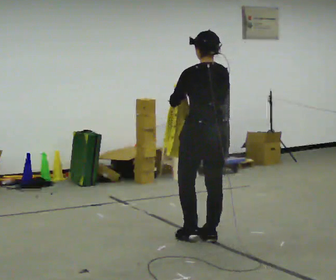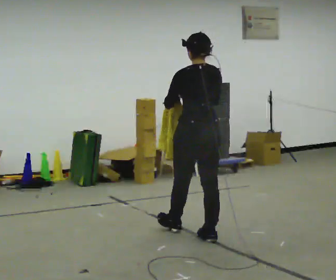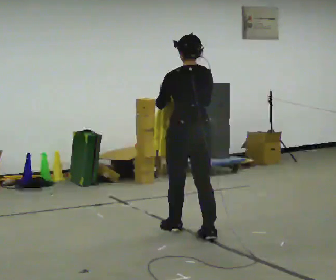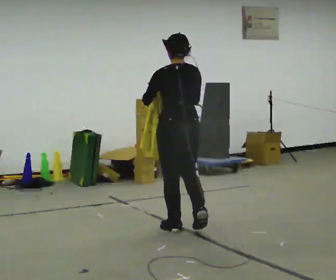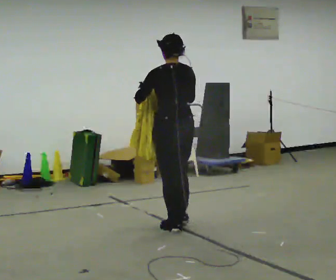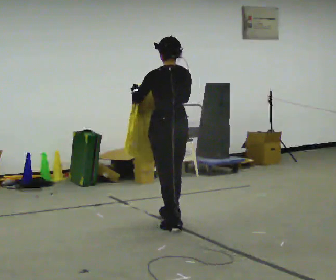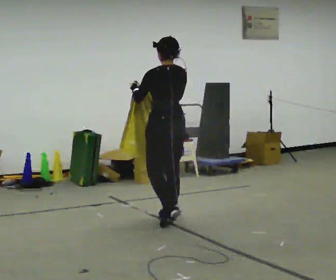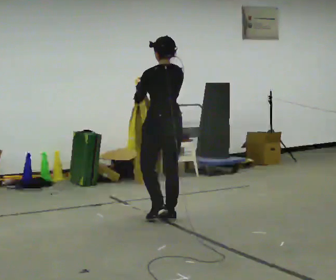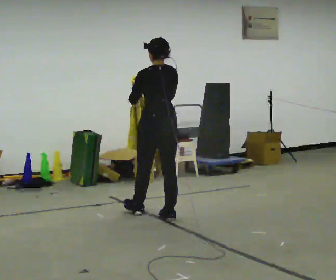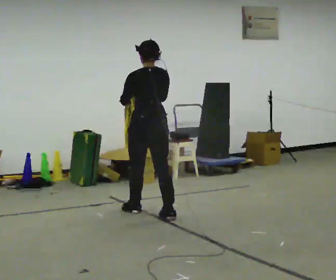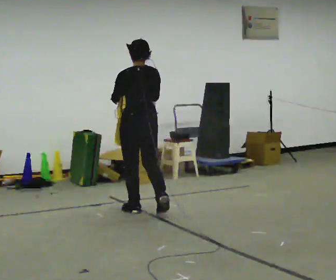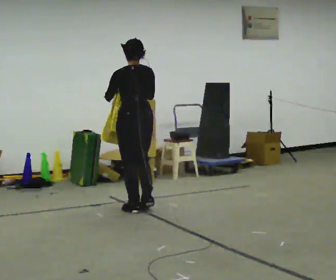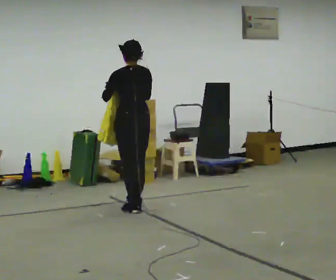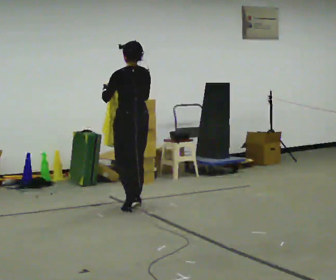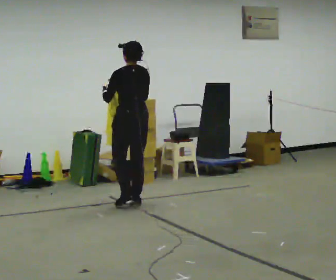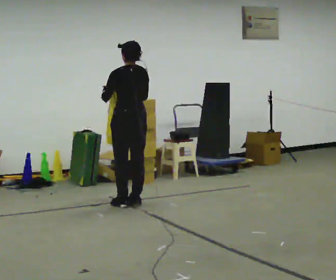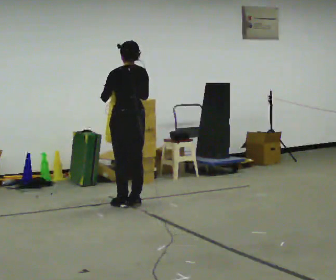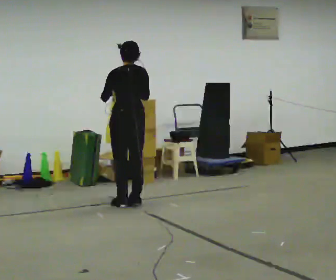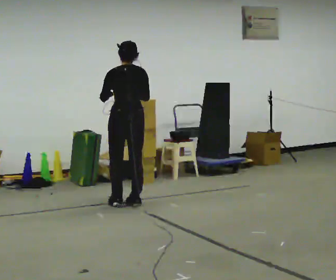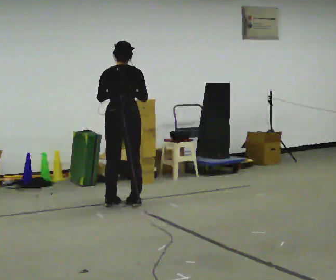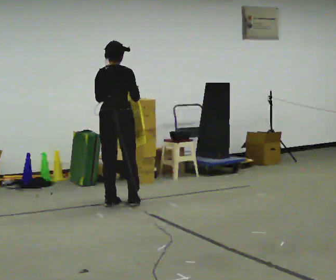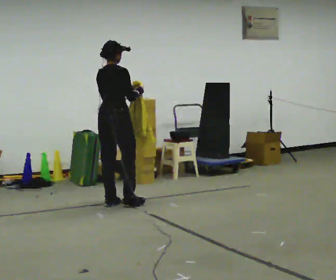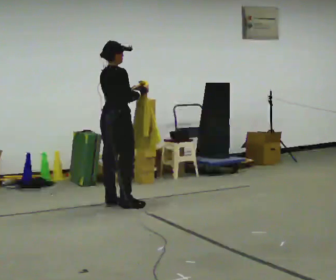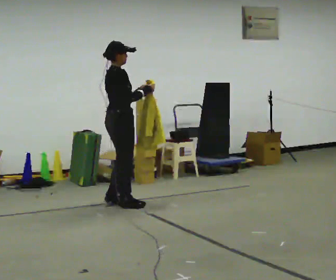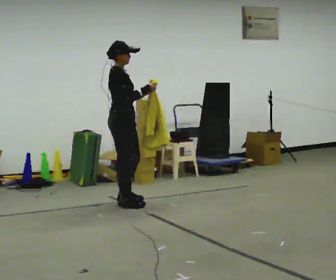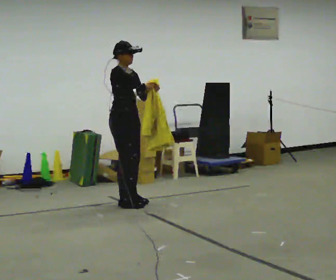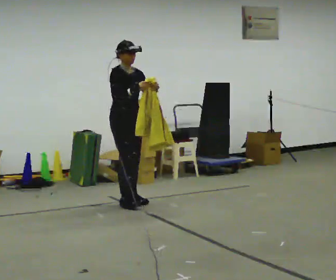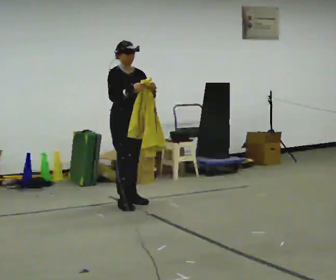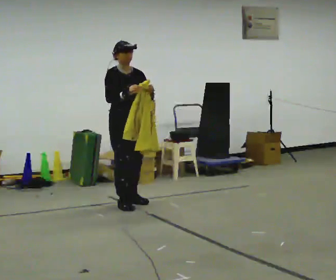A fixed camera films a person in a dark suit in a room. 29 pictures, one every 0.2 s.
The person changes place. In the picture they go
away from the camera.
0.0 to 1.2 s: In the picture they go away from the camera and to the left, about 0.5 m in 2 steps, which for them is forward.
1.2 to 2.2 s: In the picture they go away from the camera and to the left, about 0.5 m in 1 step, which for them is forward.
2.2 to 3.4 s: In the picture they go away from the camera, about 0.25 m in 2 steps, which for them is forward.
3.4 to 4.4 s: The person turns about 75 degrees to their right, clockwise seen from above, so the part of the body nearest the lens slides to the left.
4.4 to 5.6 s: The person turns about 90 degrees to their right, clockwise seen from above, so the part of the body nearest the lens slides to the left.
The film runs forward here.
